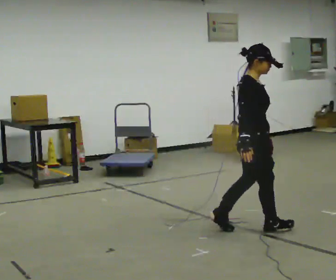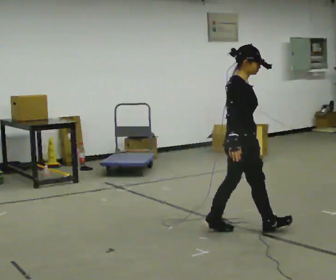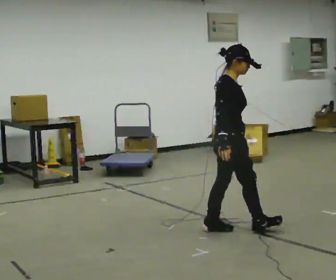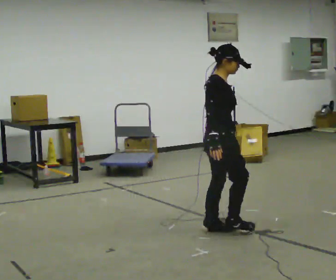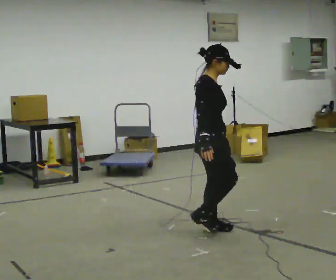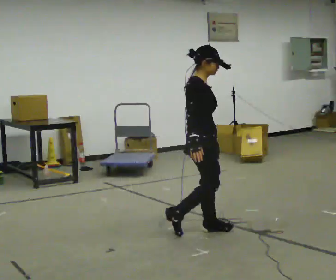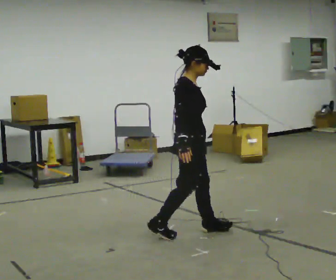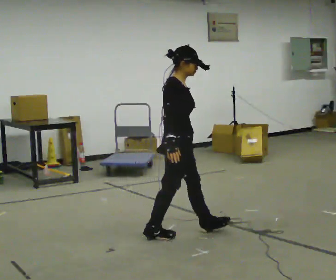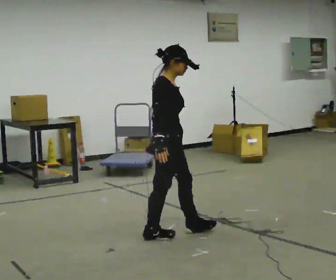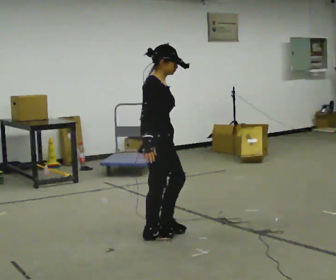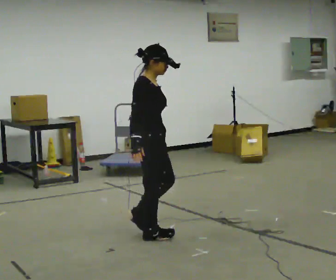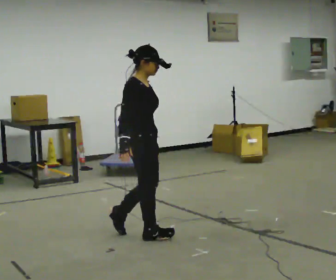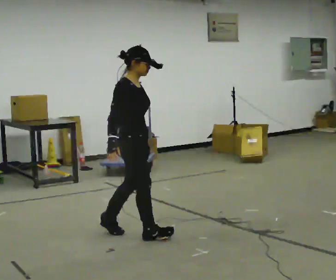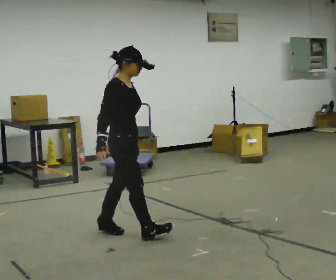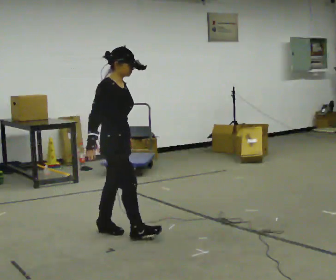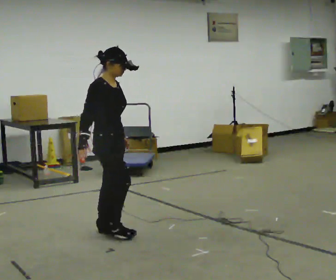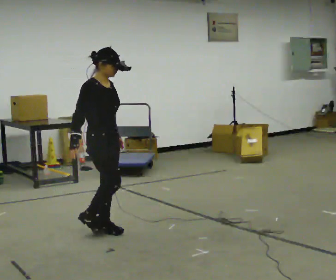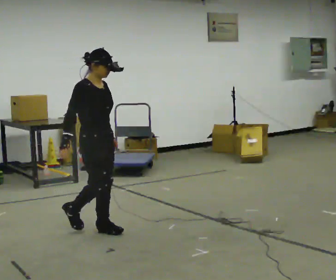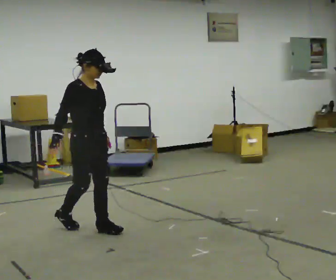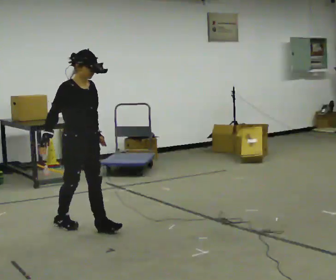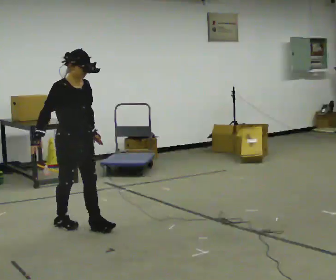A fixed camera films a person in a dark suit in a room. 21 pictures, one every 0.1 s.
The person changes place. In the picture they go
to the left.
0.0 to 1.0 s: In the picture they go to the left, about 1 m in 2 steps, which for them is backward.
1.0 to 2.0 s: The person turns about 30 degrees to their right, clockwise seen from above, so the part of the body nearest the lens slides to the left. In the picture they go to the left and away from the camera, about 0.5 m in 2 steps, which for them is backward.
The film runs backward here.
